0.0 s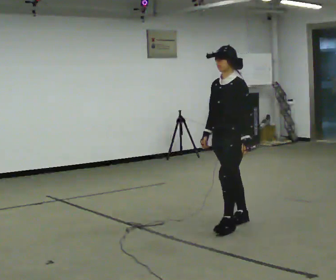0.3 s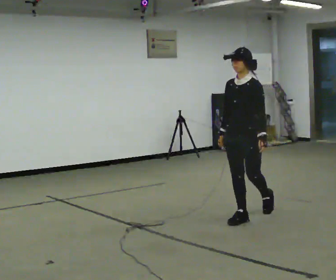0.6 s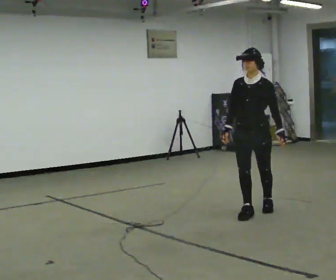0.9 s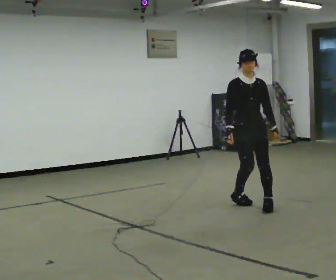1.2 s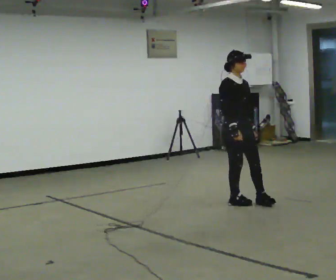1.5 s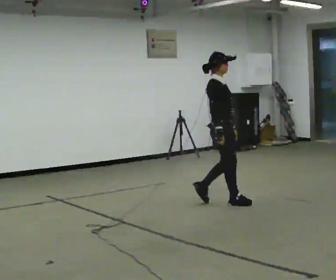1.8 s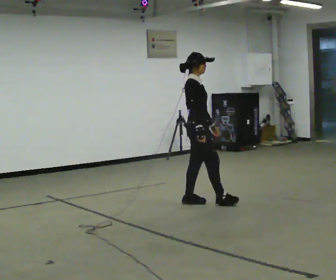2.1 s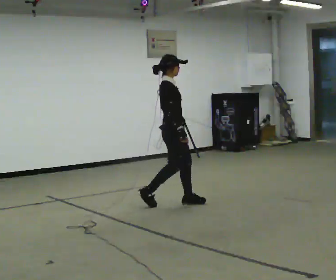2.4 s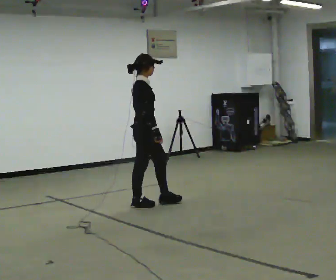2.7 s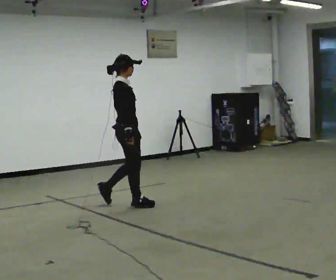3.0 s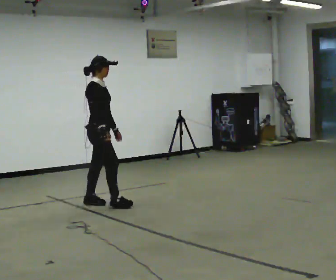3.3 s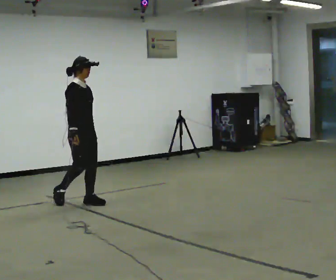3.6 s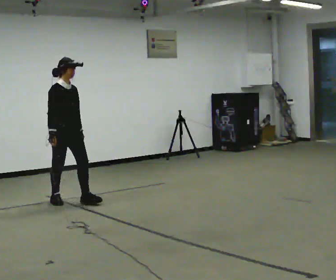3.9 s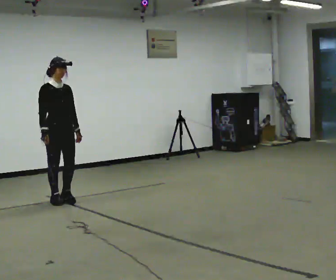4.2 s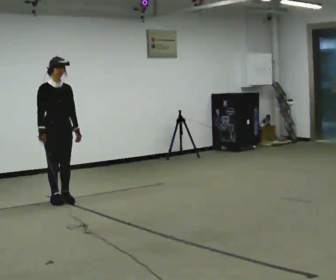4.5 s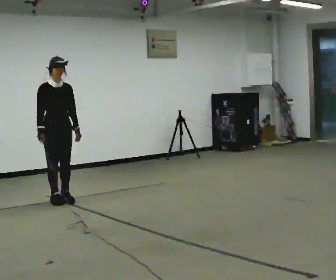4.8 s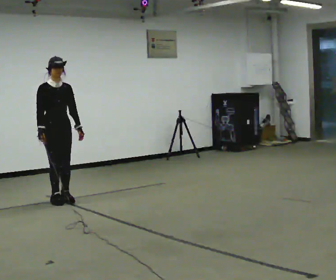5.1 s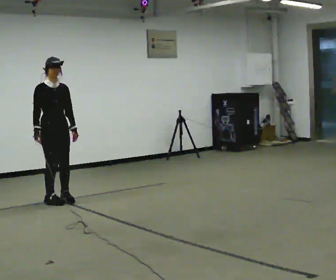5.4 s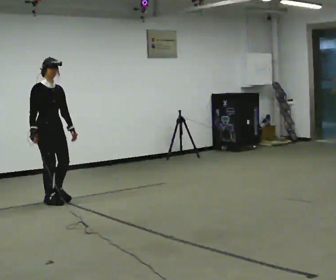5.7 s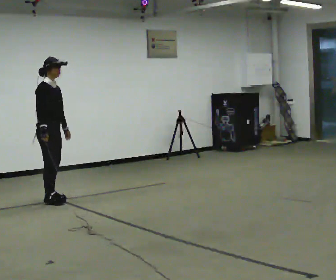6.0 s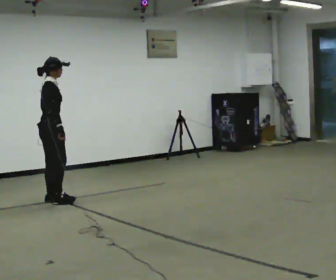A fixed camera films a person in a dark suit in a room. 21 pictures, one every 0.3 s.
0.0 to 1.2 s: Seen from above the body turns counterclockwise, about 90 degrees: to their left, with its near side sliding to the right. In the picture they go away from the camera, about 0.5 m in 2 steps.
1.2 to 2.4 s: The person turns about 60 degrees to their left, counterclockwise seen from above, so the part of the body nearest the lens slides to the right. In the picture they go to the left, about 1 m in 2 steps, which for them is backward.
2.4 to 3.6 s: Seen from above the body turns clockwise, about 45 degrees: to their right, with its near side sliding to the left. In the picture they go to the left, about 1 m in 2 steps, which for them is backward.
3.6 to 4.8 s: The person moves a little, or ends about where they began.
4.8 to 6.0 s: Seen from above the body turns counterclockwise, about 75 degrees: to their left, with its near side sliding to the right. In the picture their left hand goes to the left.
The film runs backward here.
